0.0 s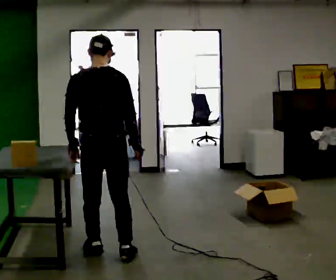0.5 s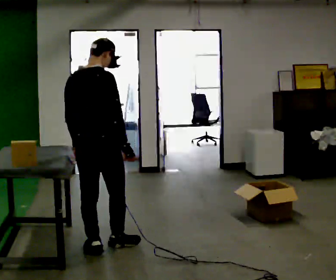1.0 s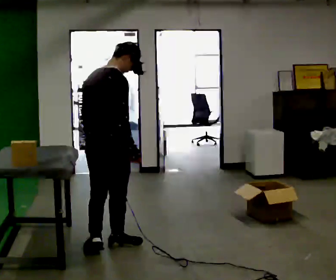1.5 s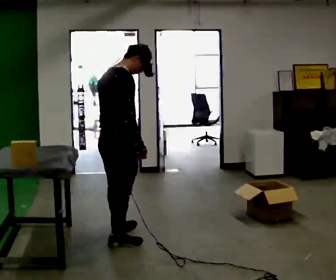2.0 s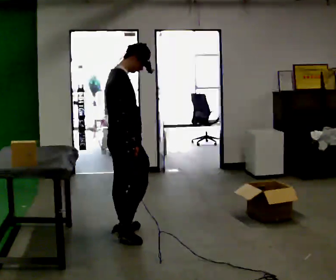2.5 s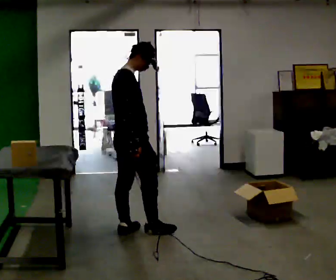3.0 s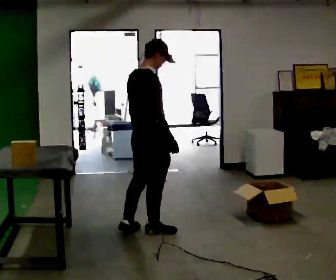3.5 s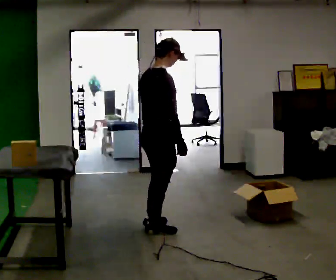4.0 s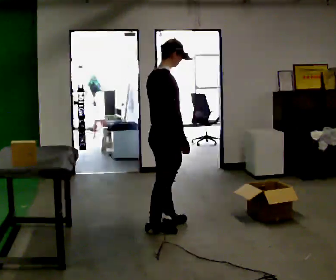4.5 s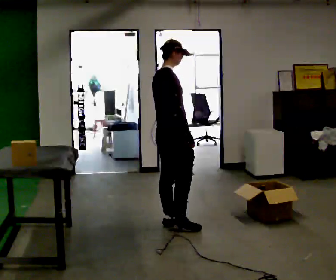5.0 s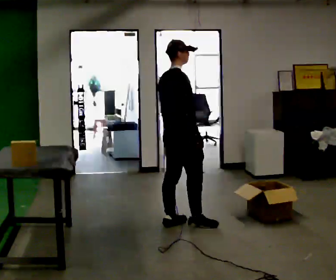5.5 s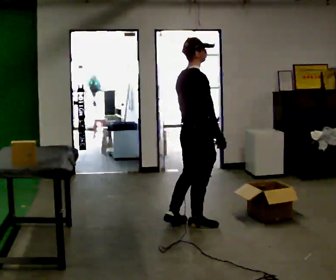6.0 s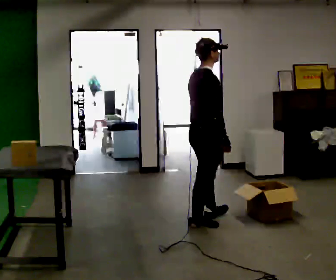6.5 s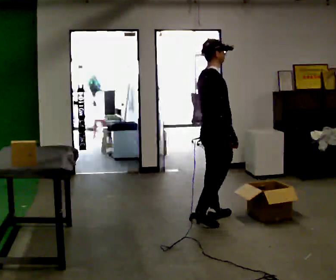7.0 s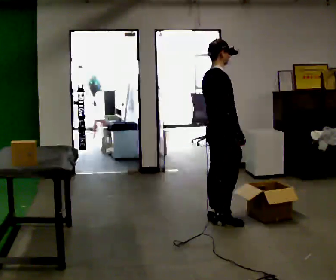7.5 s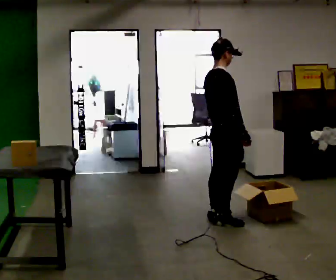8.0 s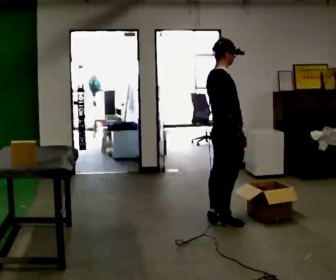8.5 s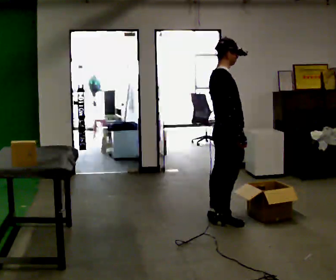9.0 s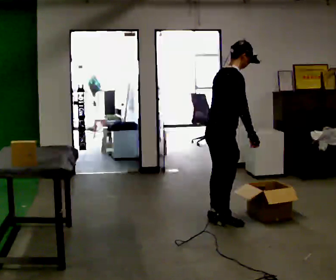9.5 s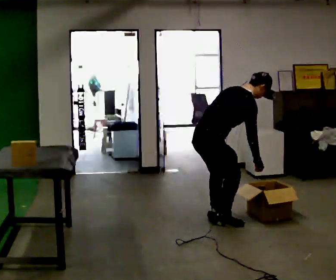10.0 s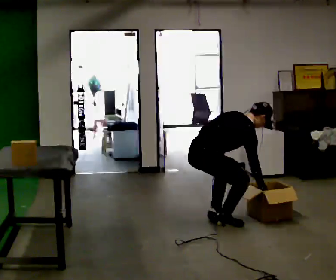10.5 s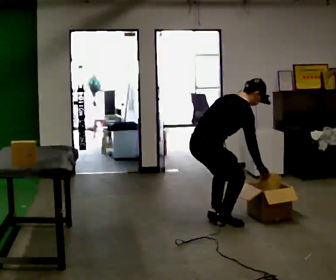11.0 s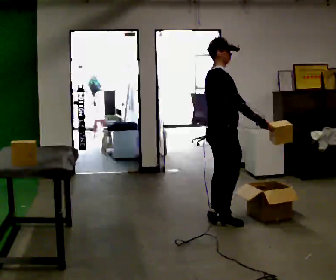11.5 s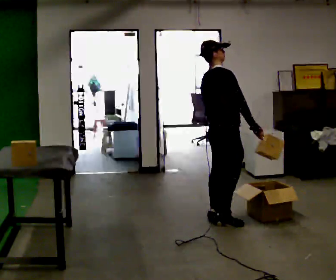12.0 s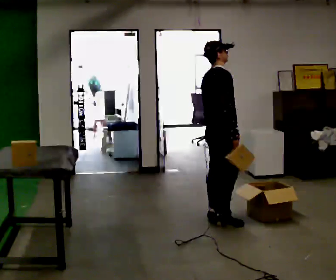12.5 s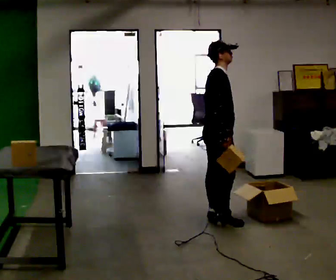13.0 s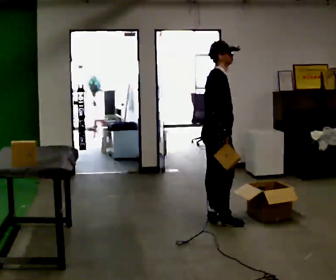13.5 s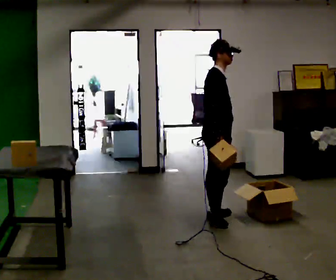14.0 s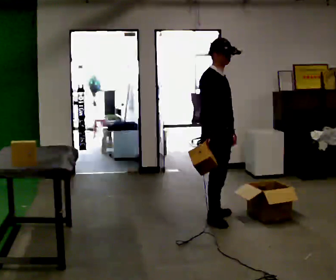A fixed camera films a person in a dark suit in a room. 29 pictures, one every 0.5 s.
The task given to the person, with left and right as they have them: Carry each object across the room and drop it into the container on the floor, then walk back for the next one. Keep going until the operator says stop; one object at a time, and do not rush between trips.
0.0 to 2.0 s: The part of the body nearest the lens slides to the left as the person turns to their right by about 75 degrees. In the picture they go away from the camera, about 0.5 m in 2 steps.
2.0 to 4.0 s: In the picture they go to the right and away from the camera, about 0.5 m in 2 steps, which for them is forward.
4.0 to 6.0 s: In the picture they go to the right, about 0.25 m in 1 step, which for them is forward.
6.0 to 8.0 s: In the picture they go to the right and away from the camera, about 0.25 m in 2 steps, which for them is forward.
8.0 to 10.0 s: In the picture they go to the left, about 0.25 m, which for them is backward. The shoulders move downward. In the picture the upper body tilts clockwise, shoulders to the right, as they bend forward.
10.0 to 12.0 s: In the picture they go to the right, about 0.25 m, which for them is forward. The shoulders move upward. In the picture the upper body tilts counterclockwise, shoulders to the left, as they lean back or straighten.
12.0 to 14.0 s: The part of the body nearest the lens slides to the left as the person turns to their right by about 45 degrees.
The film runs forward here.
